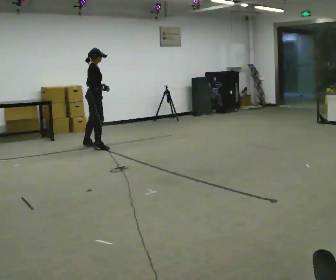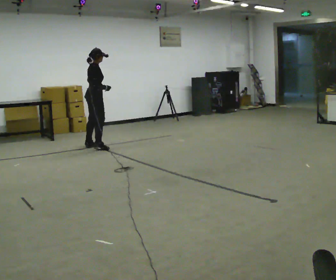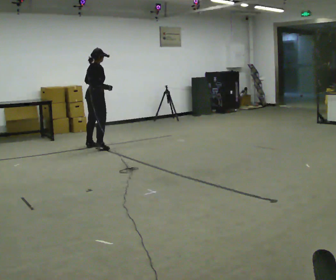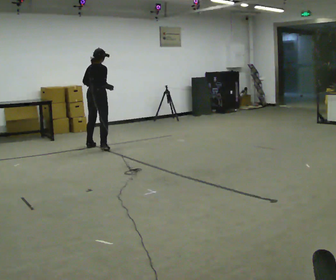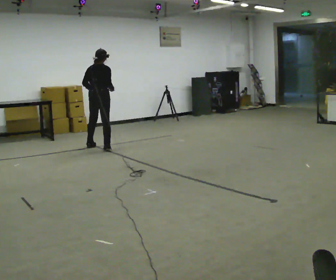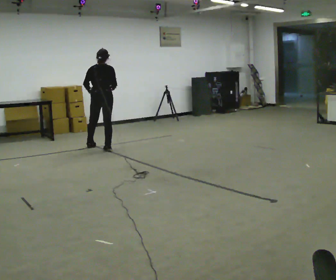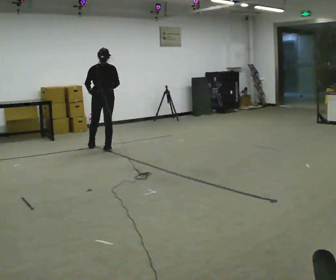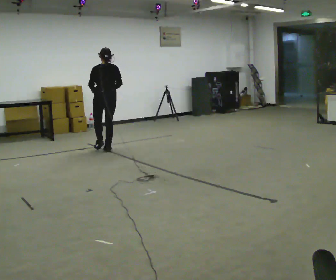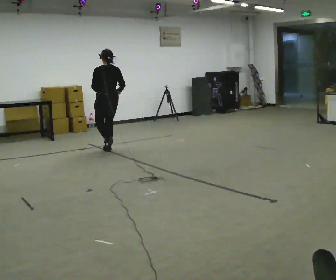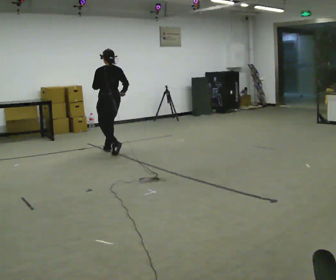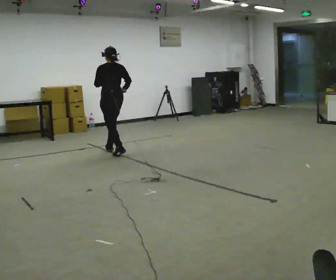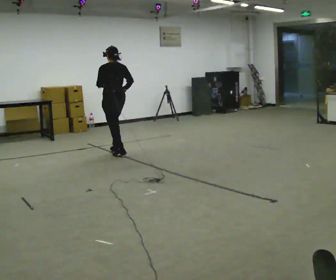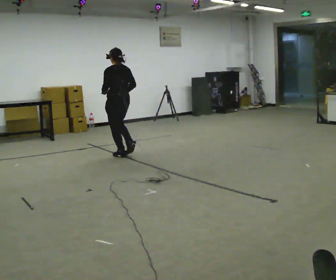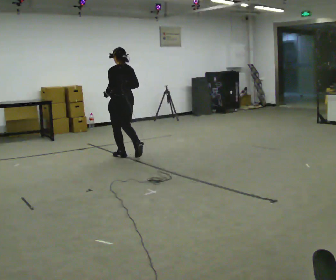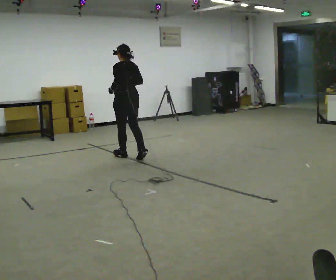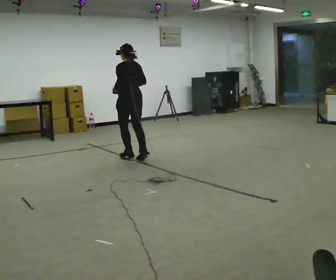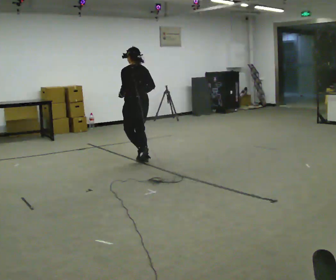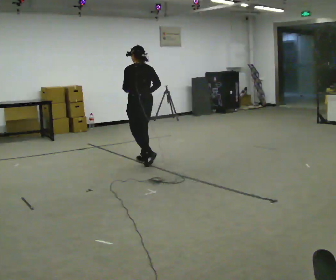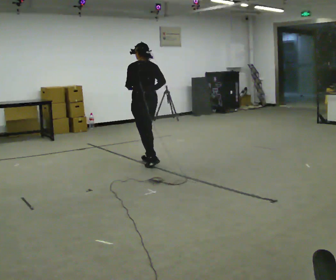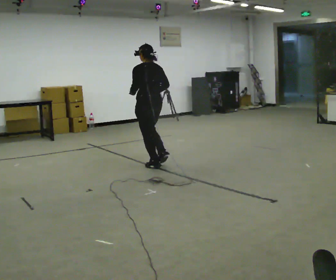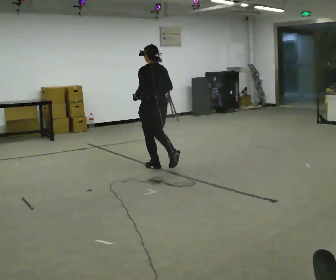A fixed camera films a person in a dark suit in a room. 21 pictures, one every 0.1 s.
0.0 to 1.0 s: Seen from above the body turns counterclockwise, about 120 degrees: to their left, with its near side sliding to the right. In the picture they go toward the camera and to the right, about 0.5 m in 3 steps.
1.0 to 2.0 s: In the picture they go toward the camera and to the right, about 1 m in 2 steps, which for them is backward.
The film runs backward here.
